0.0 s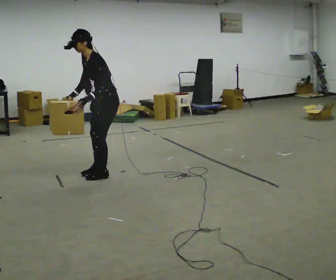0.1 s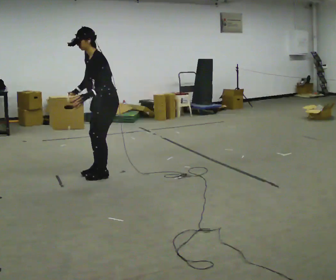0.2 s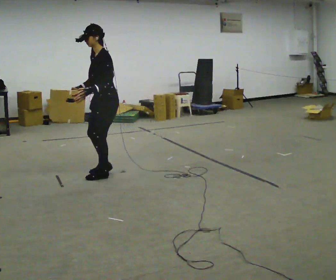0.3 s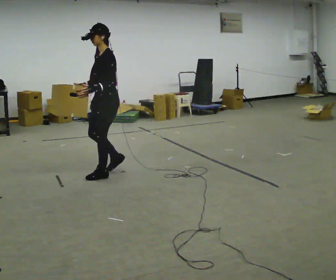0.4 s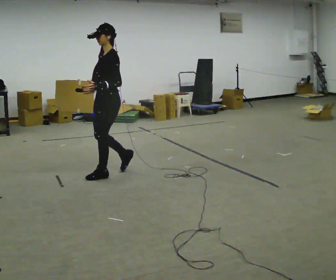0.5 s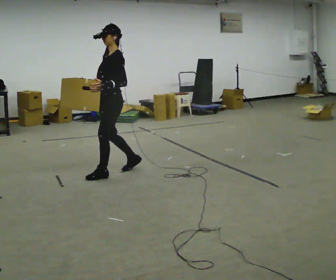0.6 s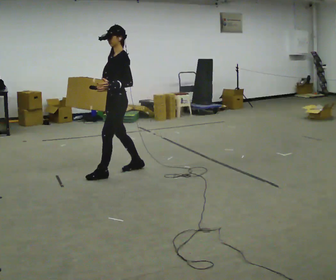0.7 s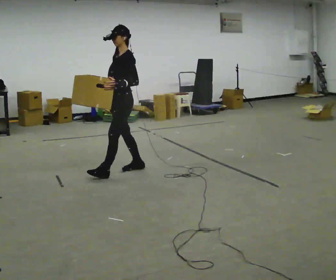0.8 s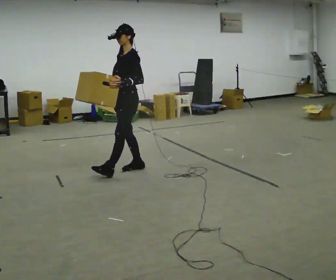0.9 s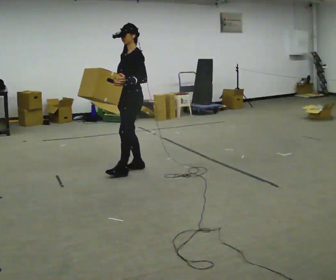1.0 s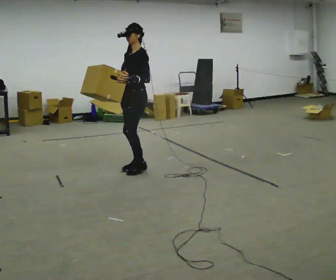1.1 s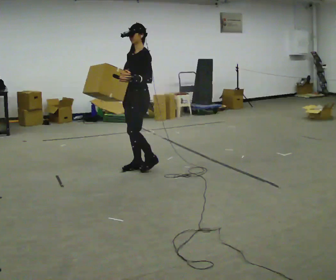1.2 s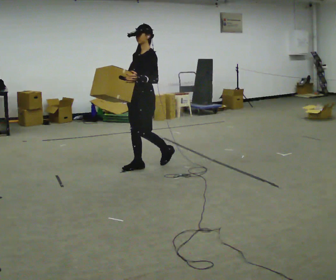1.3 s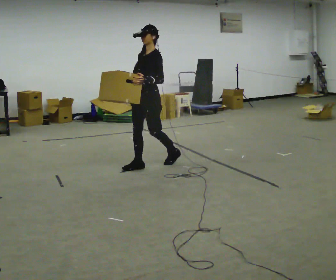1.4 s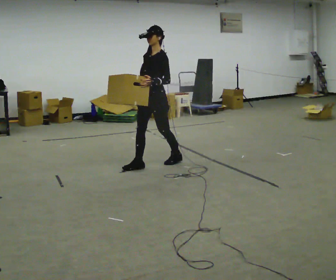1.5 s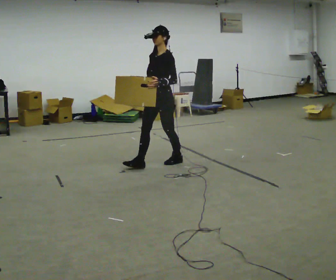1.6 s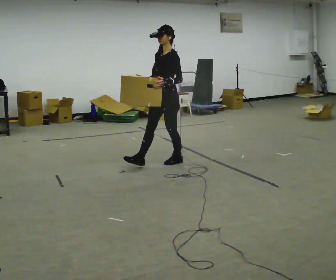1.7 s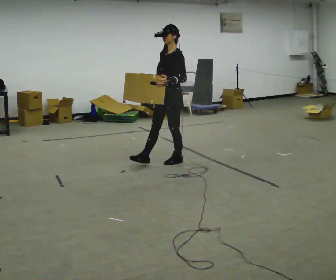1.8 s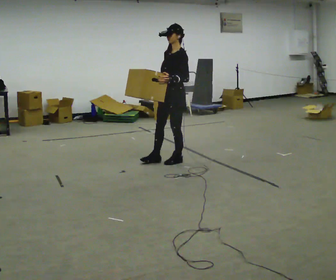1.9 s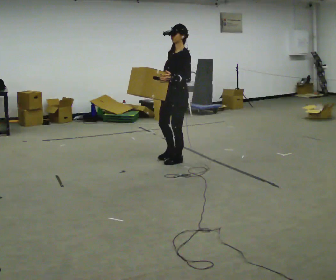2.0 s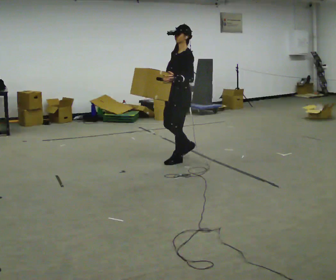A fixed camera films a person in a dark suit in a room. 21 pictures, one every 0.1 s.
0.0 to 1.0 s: In the picture they go to the right and away from the camera, about 0.25 m in 2 steps, which for them is backward and to their right. In the picture the upper body tilts clockwise, shoulders to the right, as they lean back or straighten.
1.0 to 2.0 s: In the picture they go to the right and away from the camera, about 0.5 m in 1 step, which for them is backward.
The film runs backward here.
